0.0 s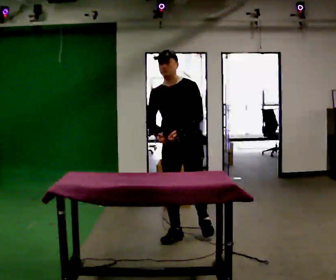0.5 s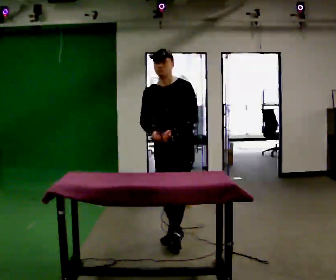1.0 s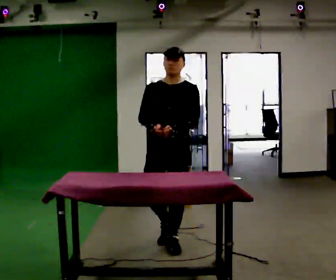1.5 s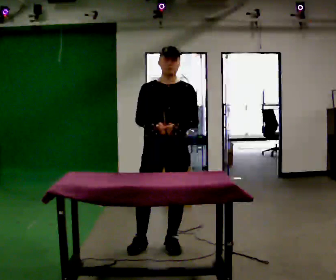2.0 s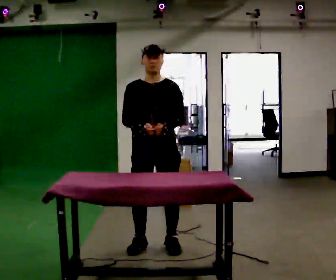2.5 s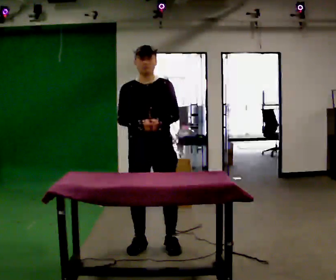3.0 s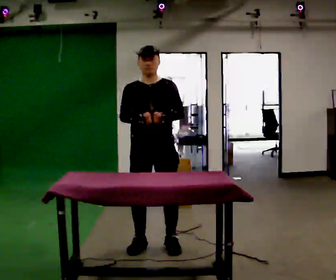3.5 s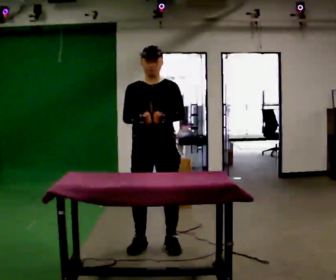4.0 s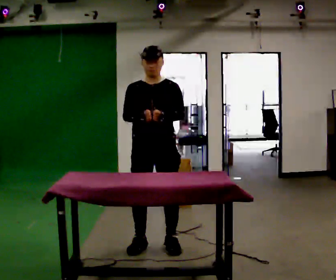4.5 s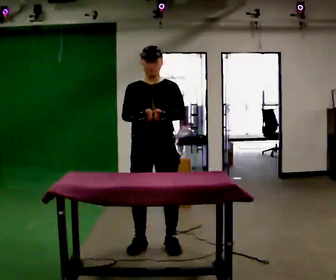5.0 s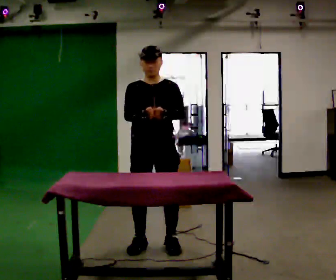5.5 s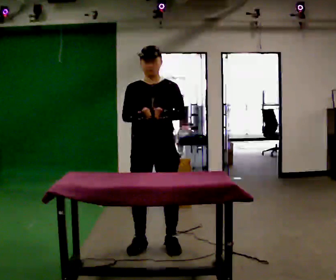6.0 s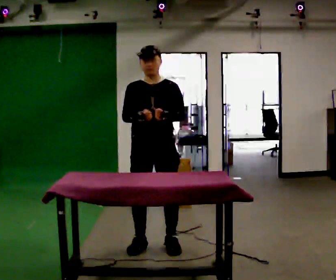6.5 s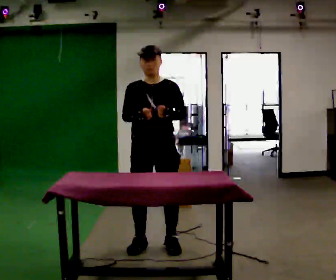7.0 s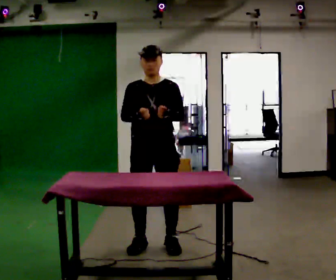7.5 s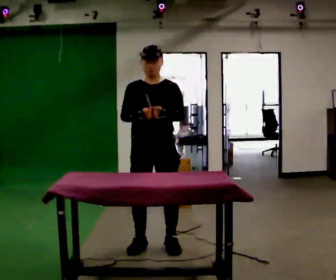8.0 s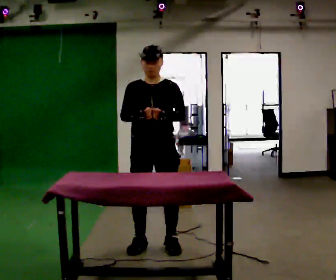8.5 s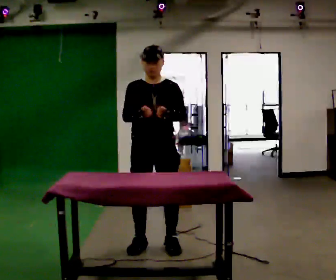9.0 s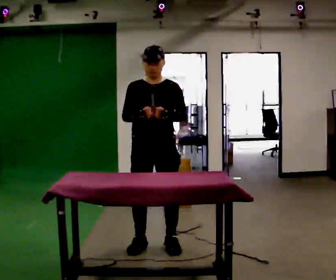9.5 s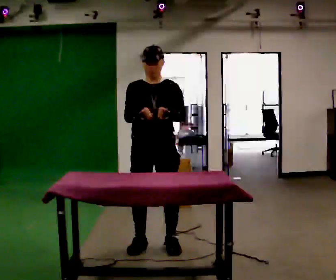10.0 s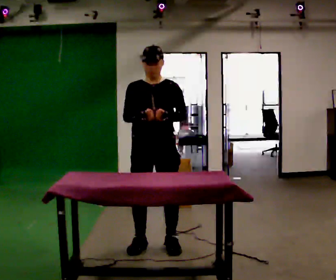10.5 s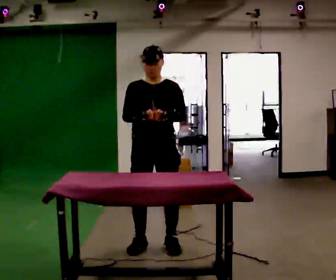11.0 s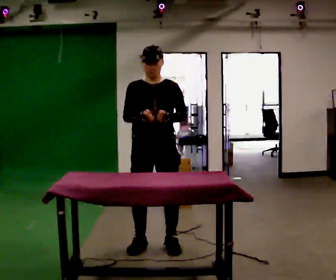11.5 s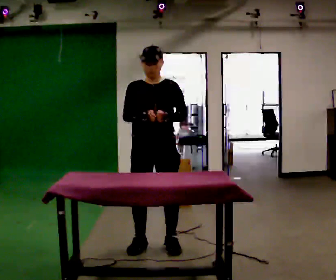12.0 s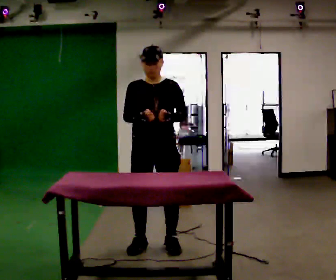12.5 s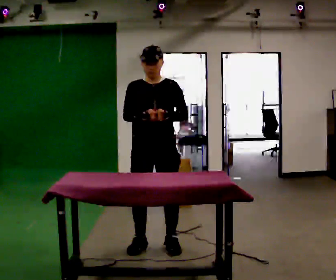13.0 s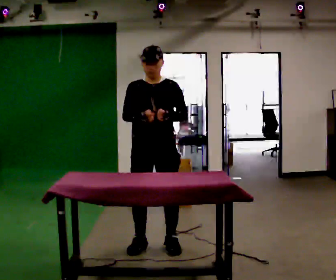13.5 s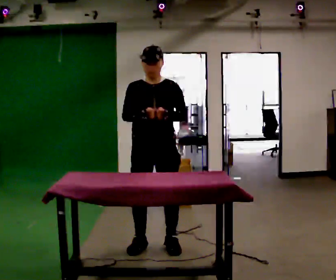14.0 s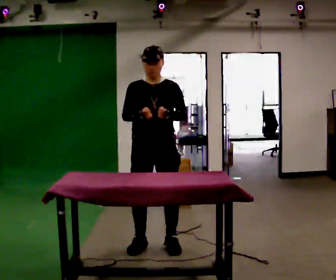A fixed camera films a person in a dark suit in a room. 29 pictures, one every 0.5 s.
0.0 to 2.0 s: Seen from above the body turns counterclockwise, about 30 degrees: to their left, with its near side sliding to the right. In the picture they go toward the camera and to the left, about 0.5 m in 2 steps, which for them is forward.
2.0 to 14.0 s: The person moves a little, or ends about where they began.
The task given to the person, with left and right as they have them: Fetch the tool from the shelf, carry it to the workpiece, use it there as the operator shows you, then take it back to the shelf. Keep going until the operator says stop; one object at a time, and do not rush between trips.
The film runs forward here.
